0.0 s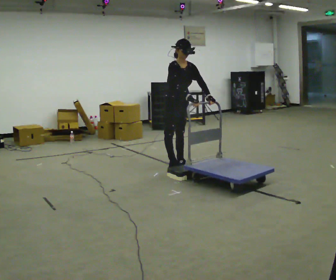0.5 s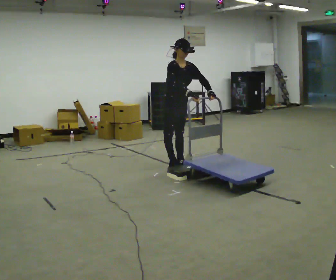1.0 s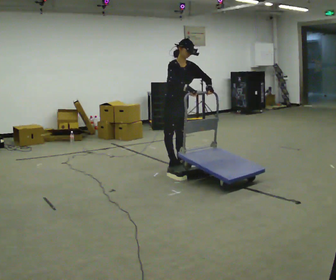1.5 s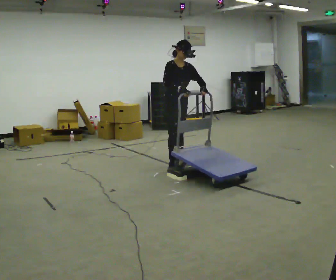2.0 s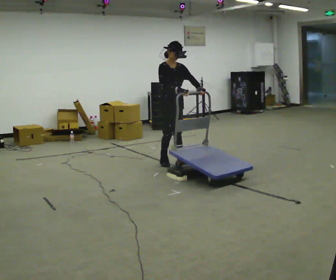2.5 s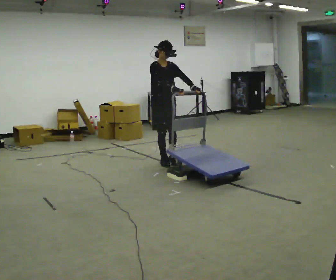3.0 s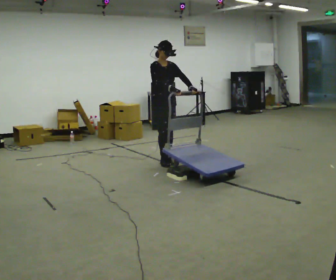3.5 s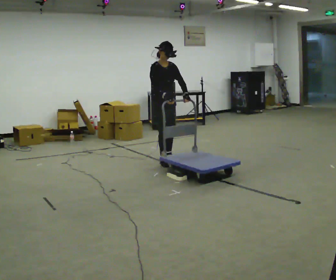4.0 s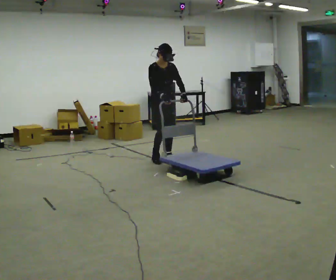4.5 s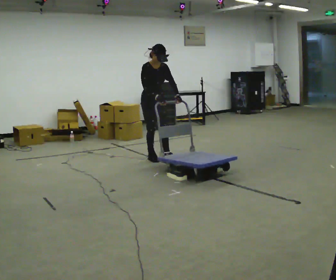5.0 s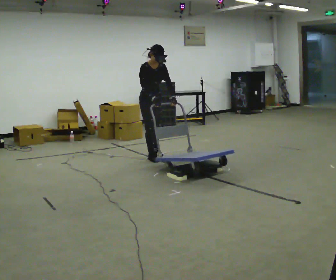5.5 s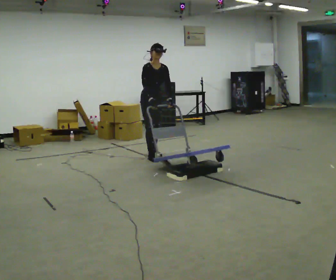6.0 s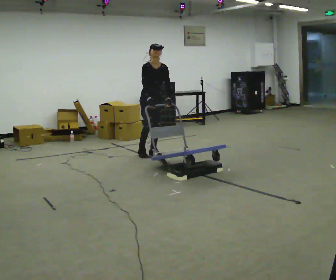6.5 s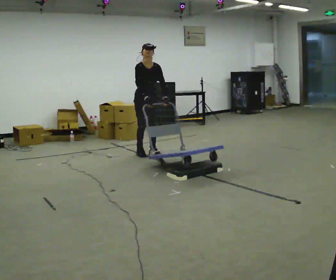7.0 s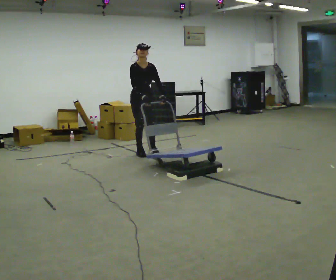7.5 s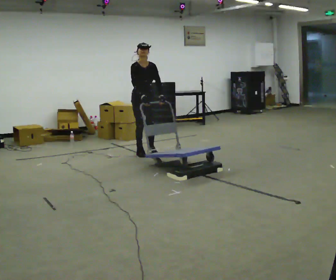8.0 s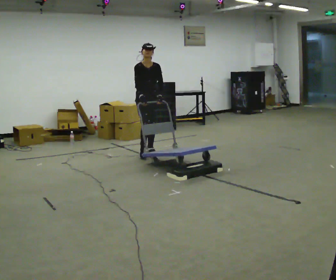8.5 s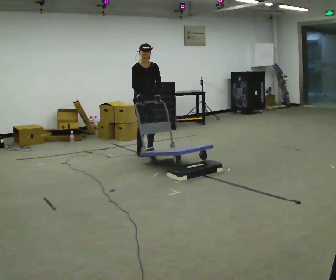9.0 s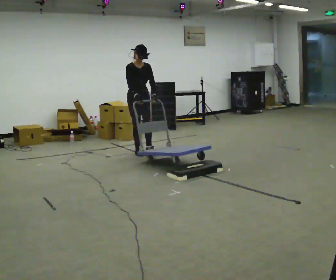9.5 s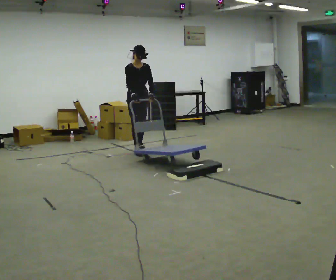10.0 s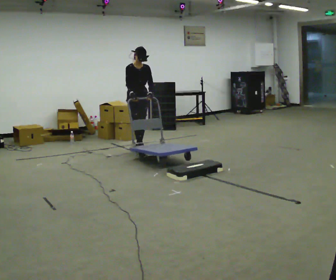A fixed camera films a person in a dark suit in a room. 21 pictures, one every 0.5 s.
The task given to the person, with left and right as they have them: Push the cart up over the low platform edge and down the other side, then bring it back over.
0.0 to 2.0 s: The person moves a little, or ends about where they began.
2.0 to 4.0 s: In the picture they go away from the camera, about 0.25 m in 1 step, which for them is backward.
4.0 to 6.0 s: In the picture they go away from the camera, about 0.25 m in 2 steps, which for them is backward.
6.0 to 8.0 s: The person moves a little, or ends about where they began.
8.0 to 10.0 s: In the picture they go away from the camera and to the left, about 0.25 m in 1 step, which for them is backward.
The film runs forward here.
